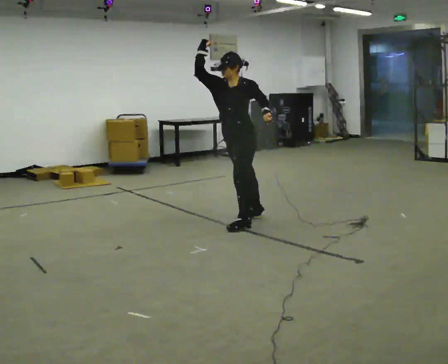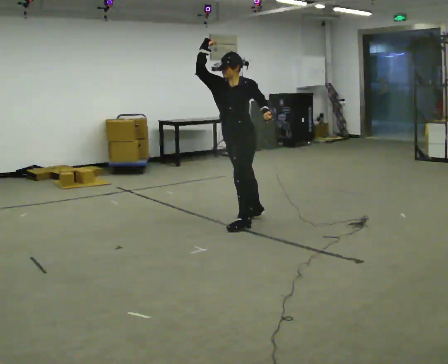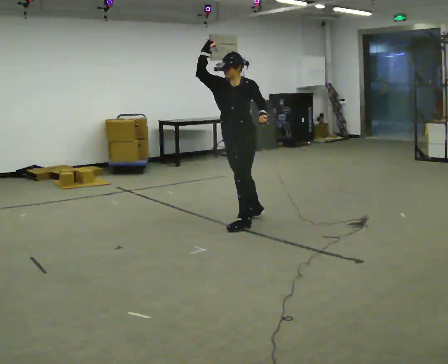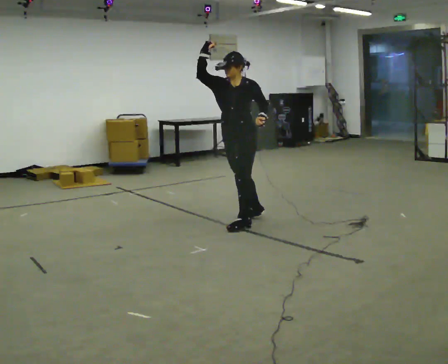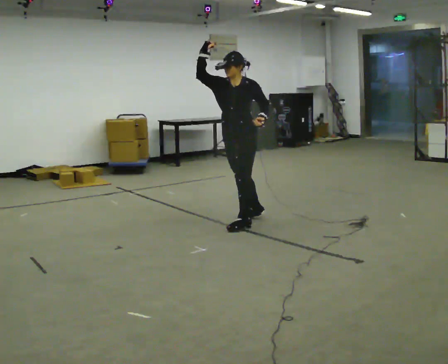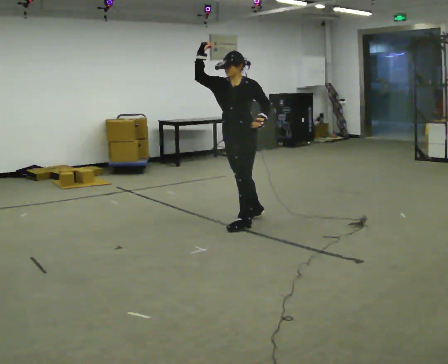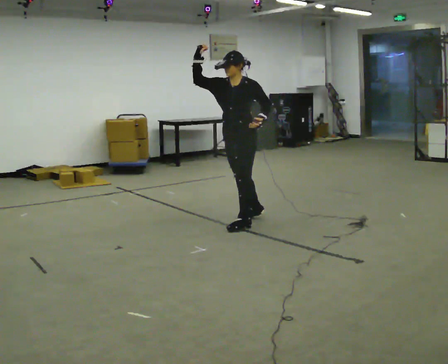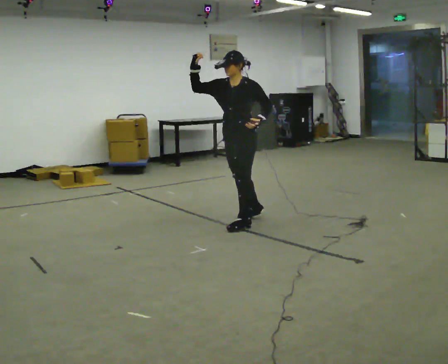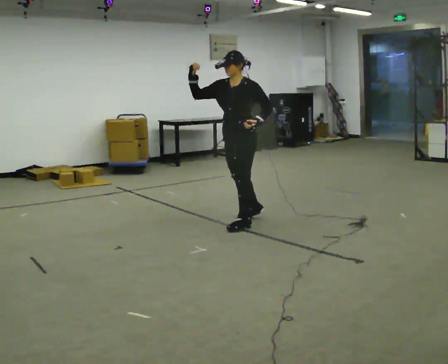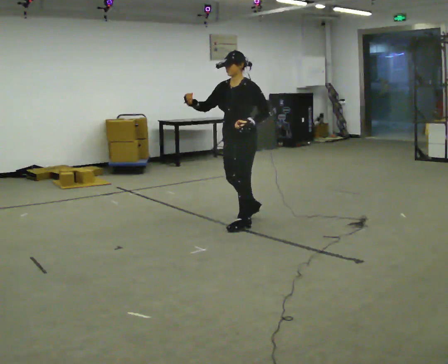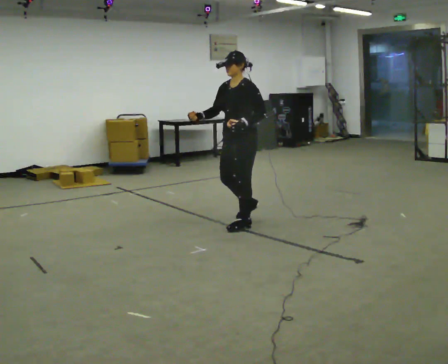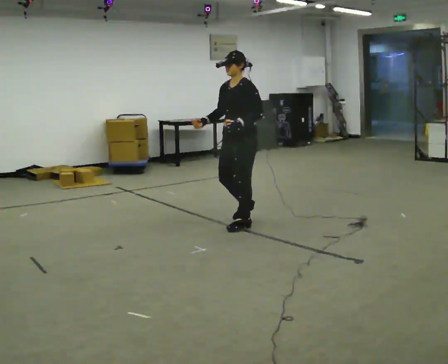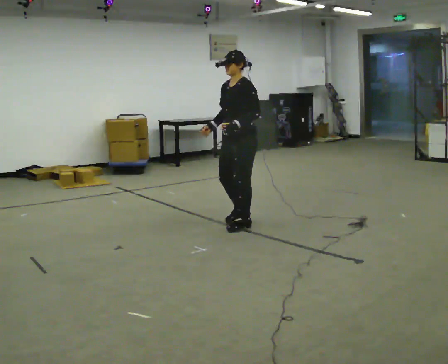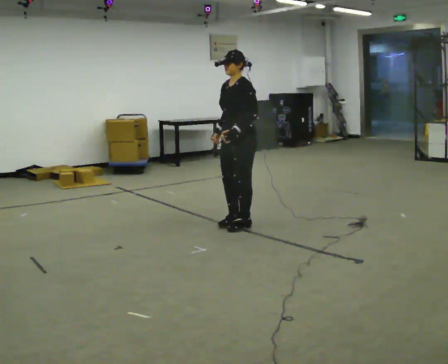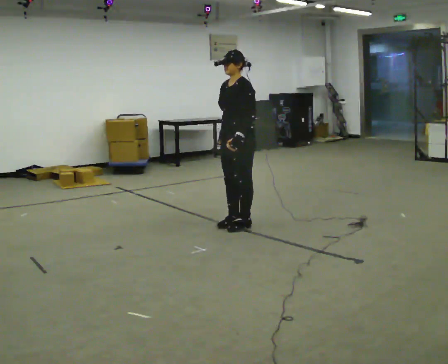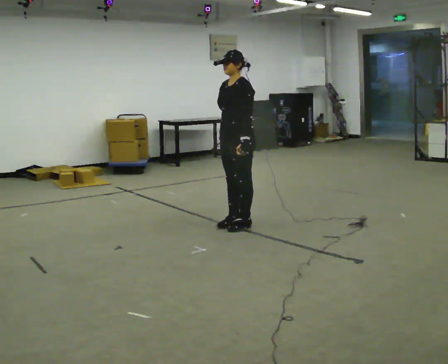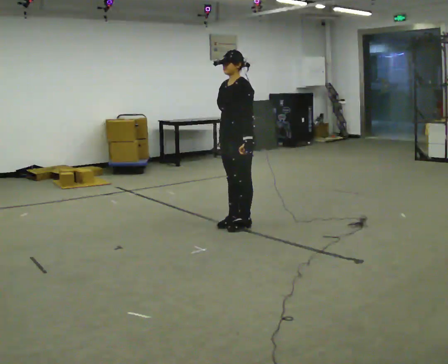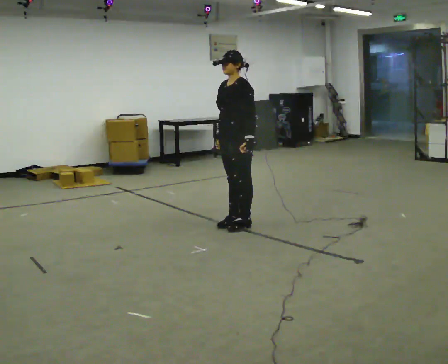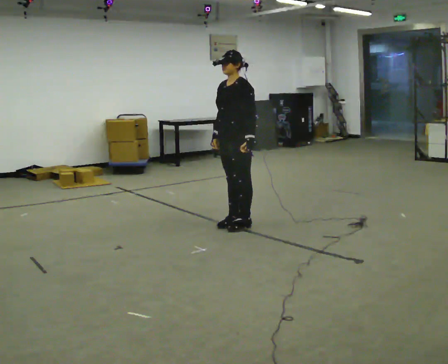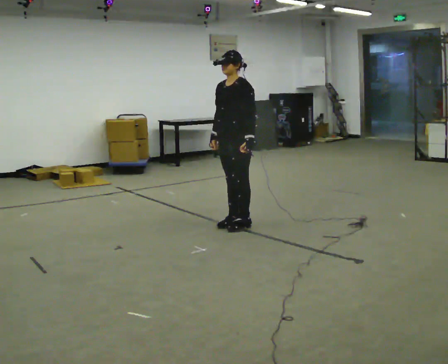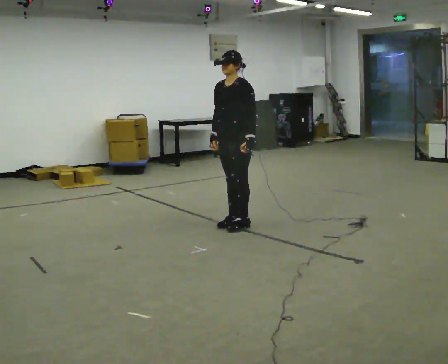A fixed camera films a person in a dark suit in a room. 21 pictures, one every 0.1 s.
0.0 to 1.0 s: In the picture their right hand goes downward, the arm swinging counterclockwise.
1.0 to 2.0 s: The person moves a little, or ends about where they began.
The film runs forward here.
